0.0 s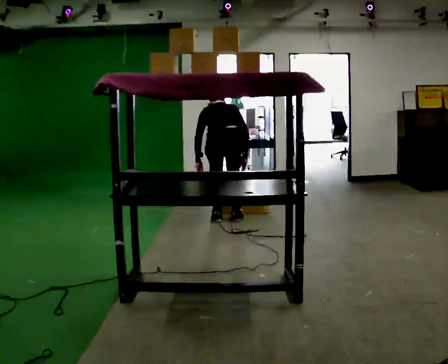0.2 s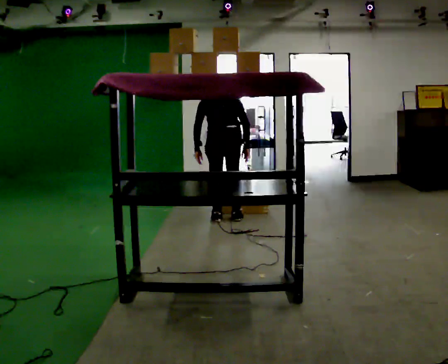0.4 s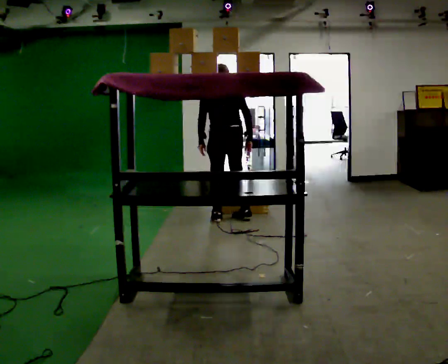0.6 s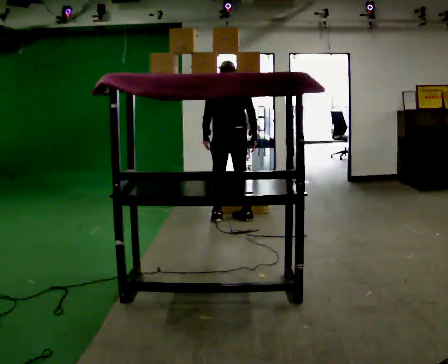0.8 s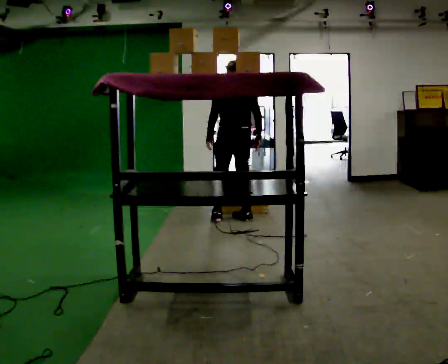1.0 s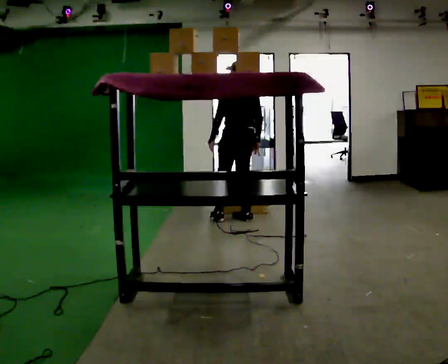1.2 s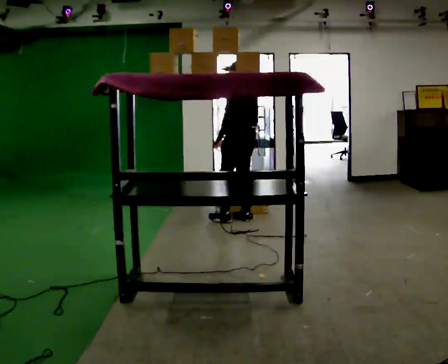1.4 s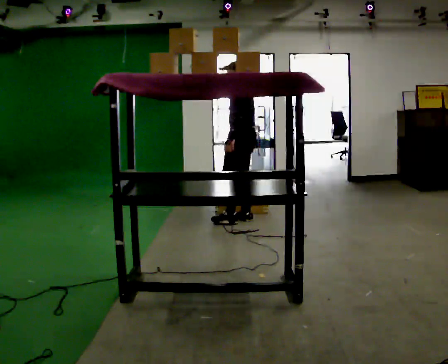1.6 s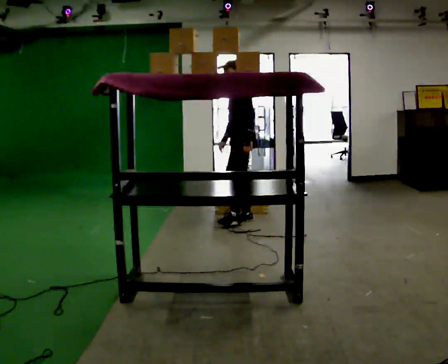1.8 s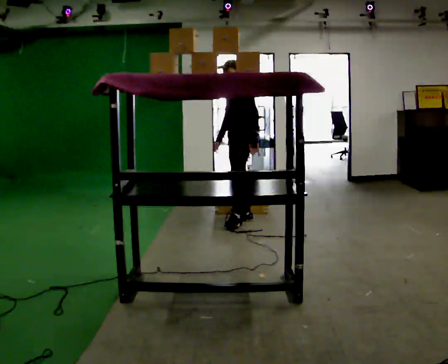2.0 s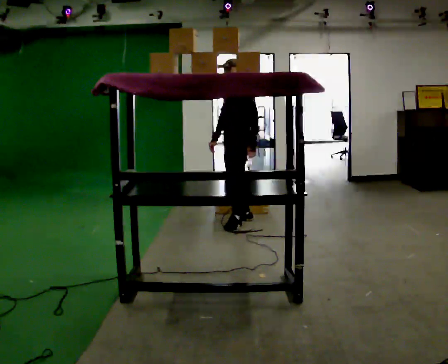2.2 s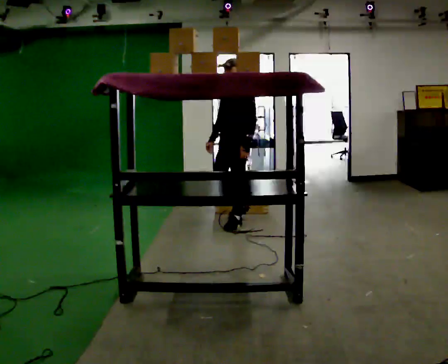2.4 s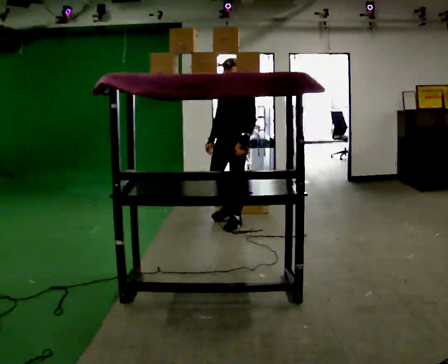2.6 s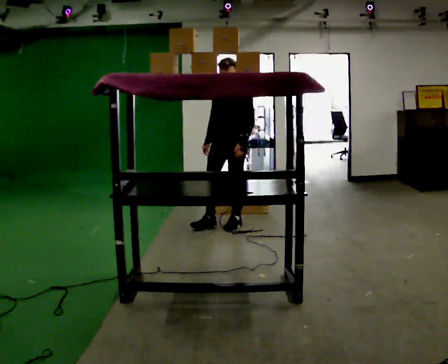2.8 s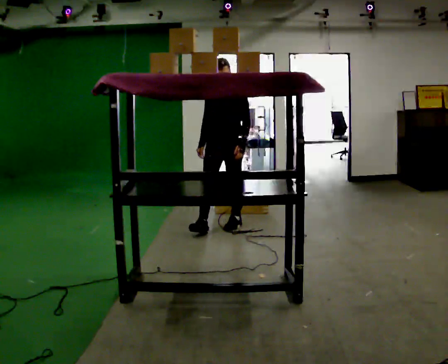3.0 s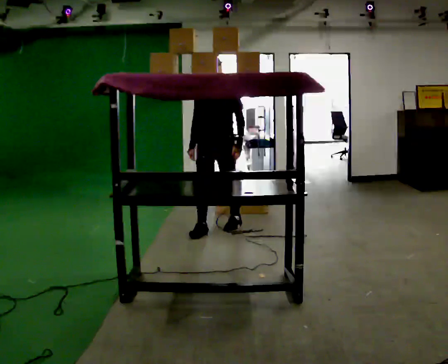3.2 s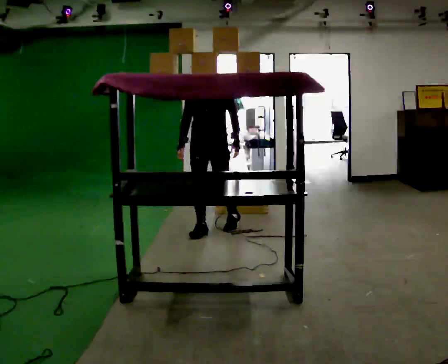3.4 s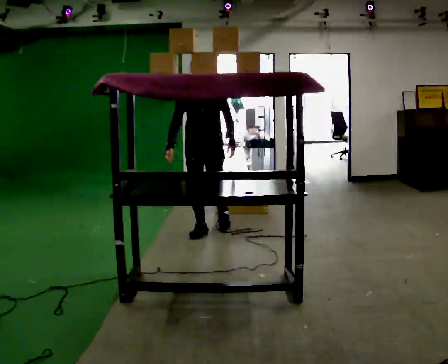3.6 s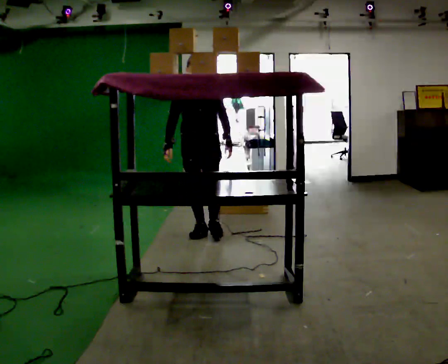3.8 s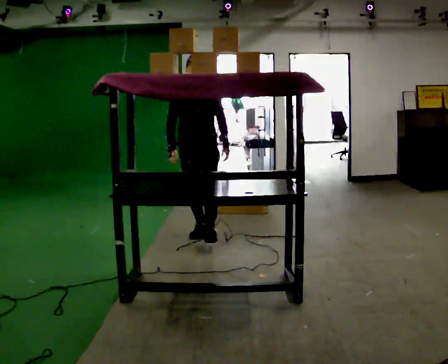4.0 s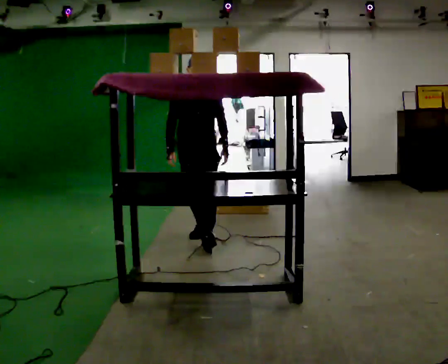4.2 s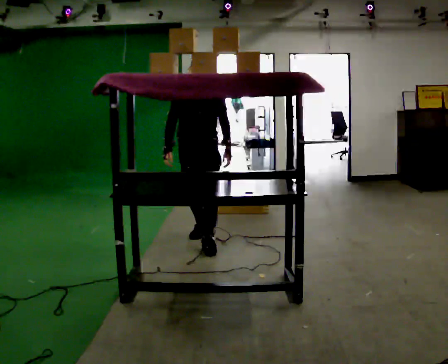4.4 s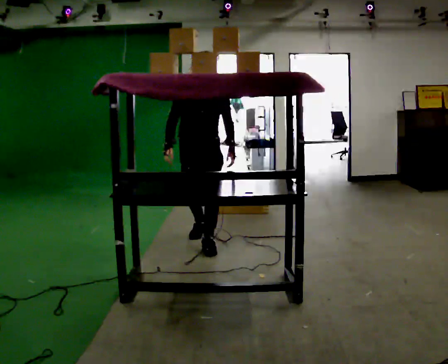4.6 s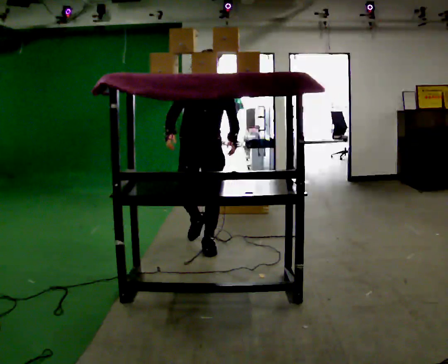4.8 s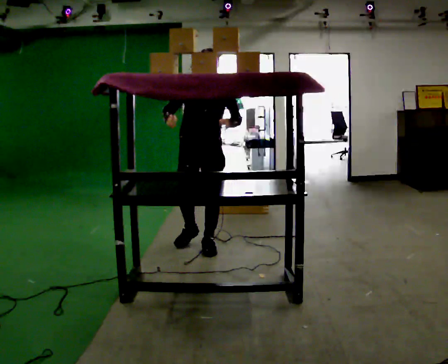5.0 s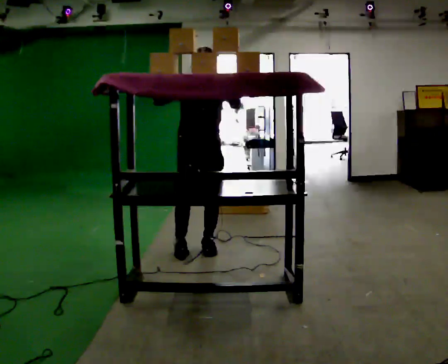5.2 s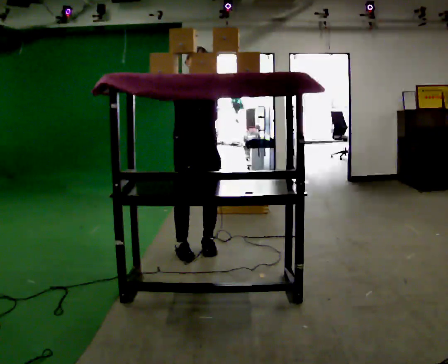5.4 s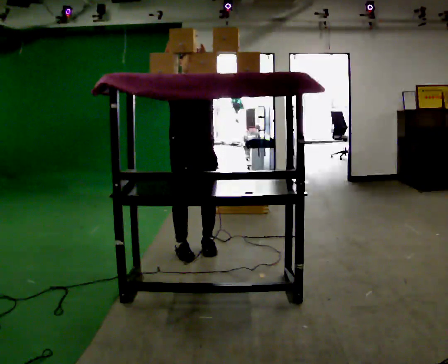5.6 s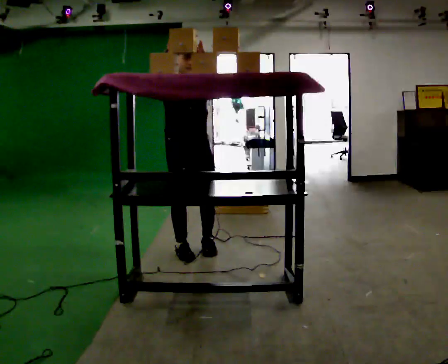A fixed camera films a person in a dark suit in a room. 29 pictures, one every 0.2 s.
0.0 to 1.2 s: The part of the body nearest the lens slides to the right as the person turns to their left by about 45 degrees. In the picture they go to the right, about 0.25 m in 1 step, which for them is to their right. The shoulders move upward.
1.2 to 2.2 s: Seen from above the body turns counterclockwise, about 75 degrees: to their left, with its near side sliding to the right. In the picture they go toward the camera, about 0.25 m in 1 step.
2.2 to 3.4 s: Seen from above the body turns counterclockwise, about 45 degrees: to their left, with its near side sliding to the right. In the picture they go to the left and toward the camera, about 0.5 m in 1 step, which for them is forward.
3.4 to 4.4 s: In the picture they go toward the camera, about 0.5 m in 1 step, which for them is forward.
4.4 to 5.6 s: In the picture they go toward the camera, about 0.25 m in 1 step, which for them is forward and to their right. In the picture their right hand goes upward.
The film runs forward here.
